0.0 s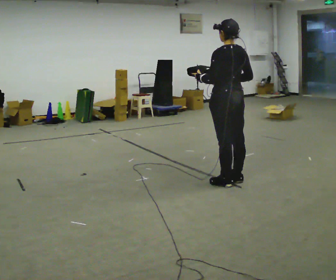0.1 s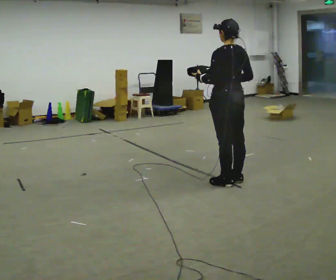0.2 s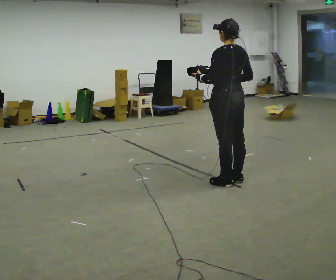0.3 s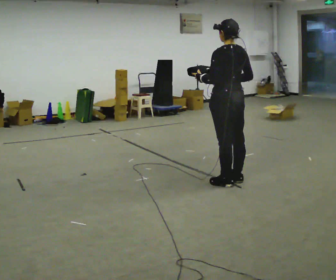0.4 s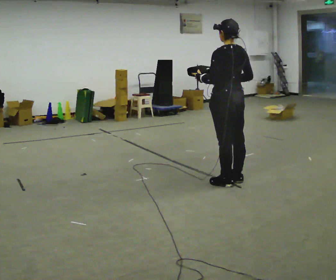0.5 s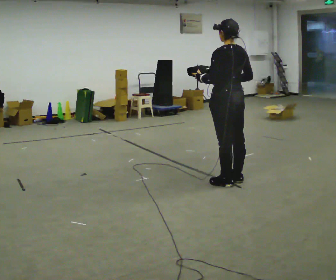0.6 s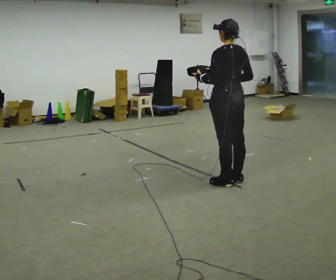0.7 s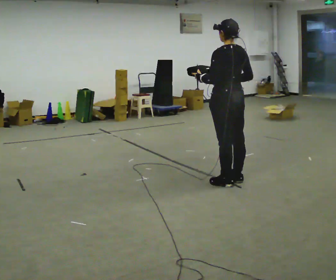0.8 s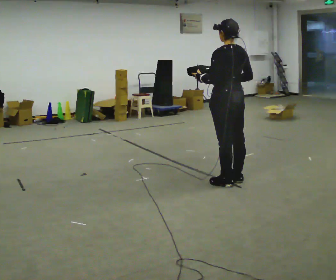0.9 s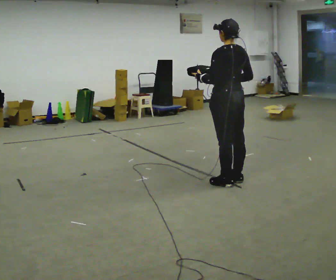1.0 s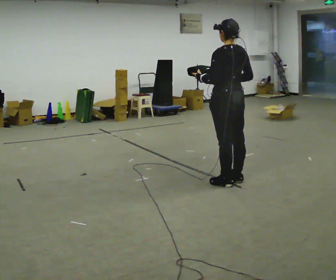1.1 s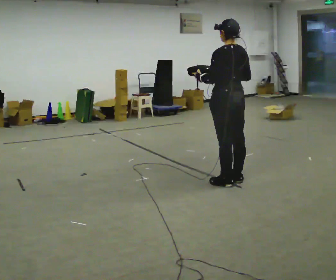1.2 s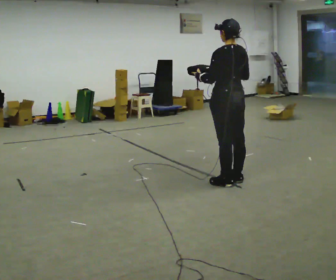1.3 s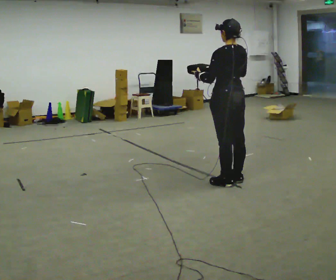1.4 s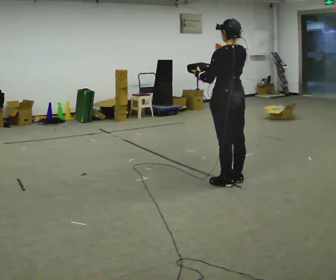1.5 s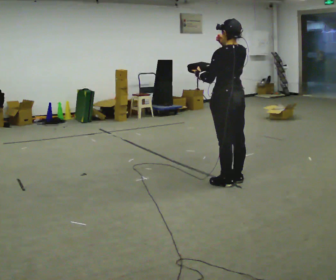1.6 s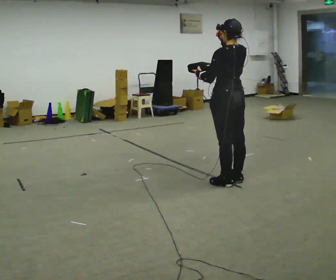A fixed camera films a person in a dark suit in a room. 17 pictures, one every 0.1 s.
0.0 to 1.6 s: In the picture their right hand goes upward.
The film runs forward here.
